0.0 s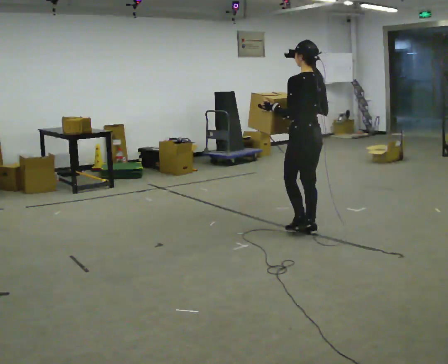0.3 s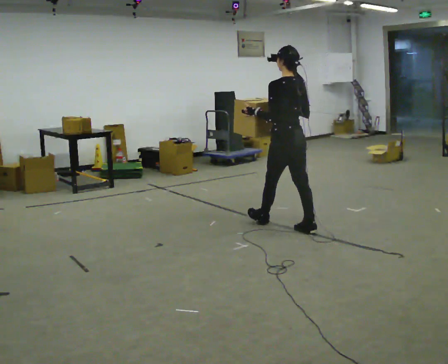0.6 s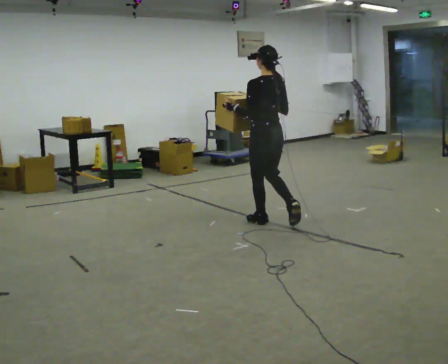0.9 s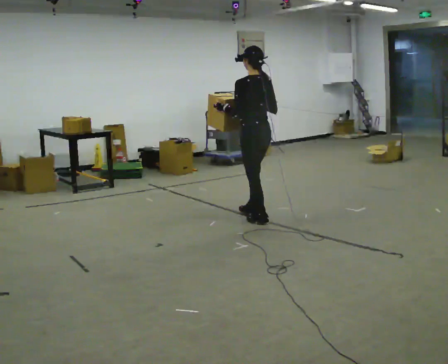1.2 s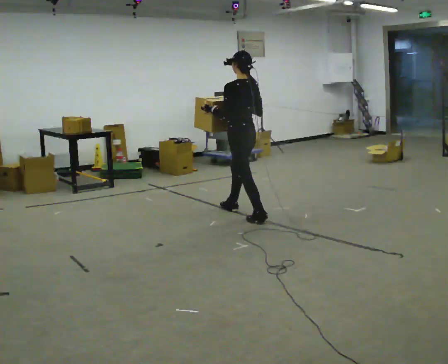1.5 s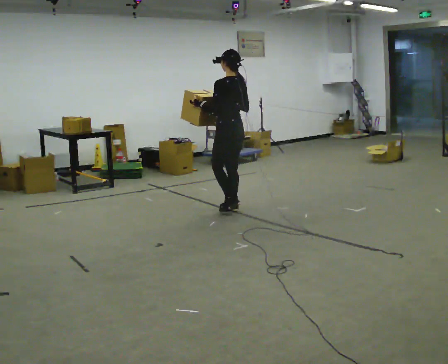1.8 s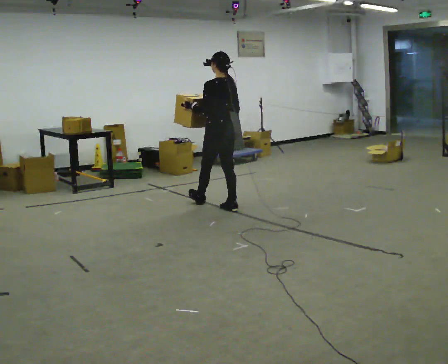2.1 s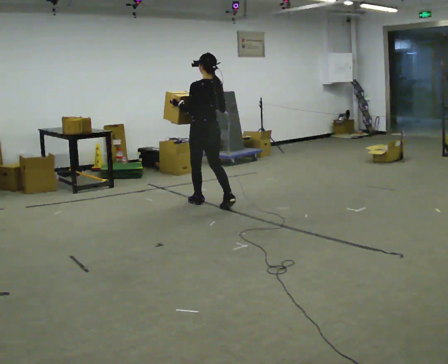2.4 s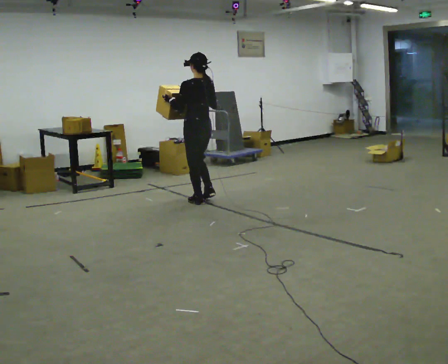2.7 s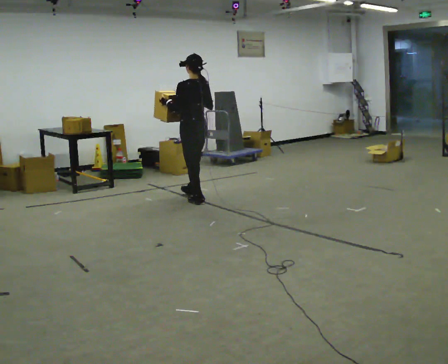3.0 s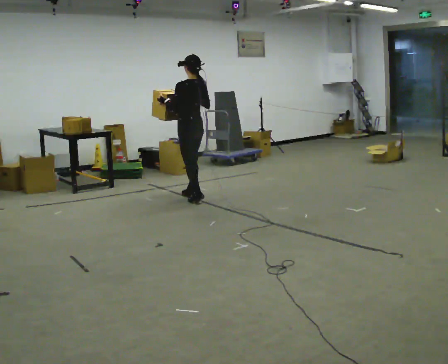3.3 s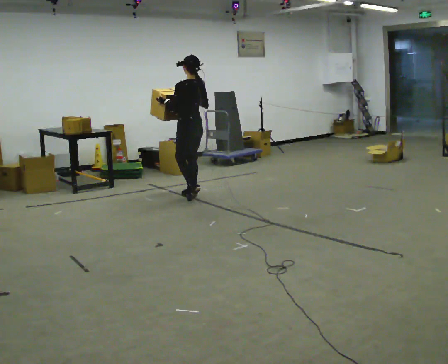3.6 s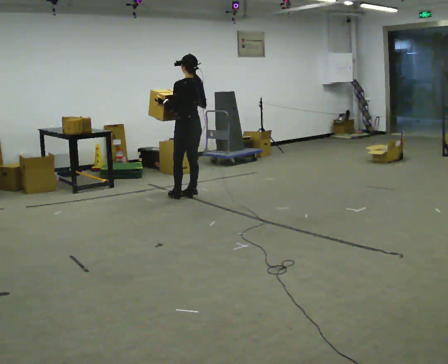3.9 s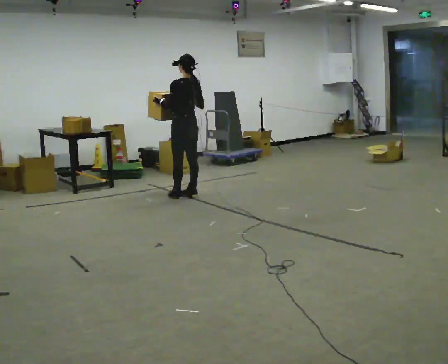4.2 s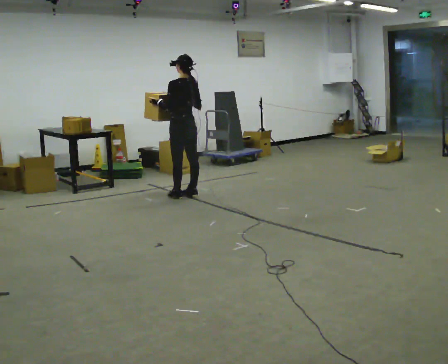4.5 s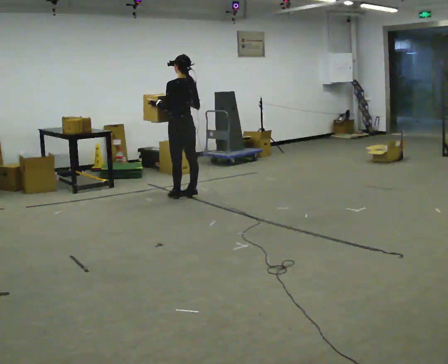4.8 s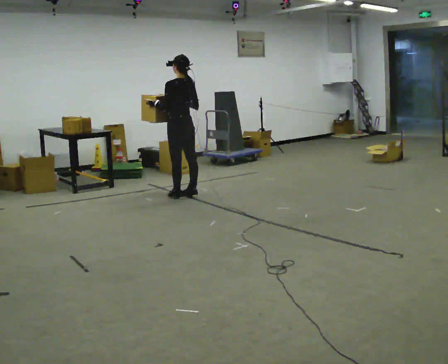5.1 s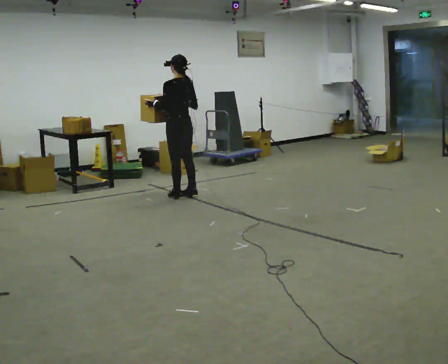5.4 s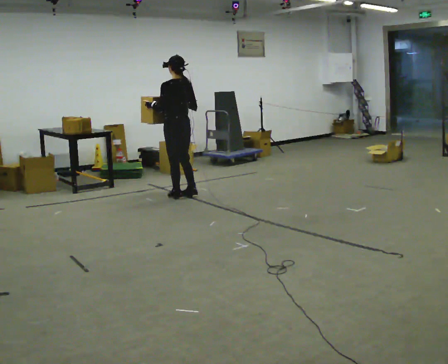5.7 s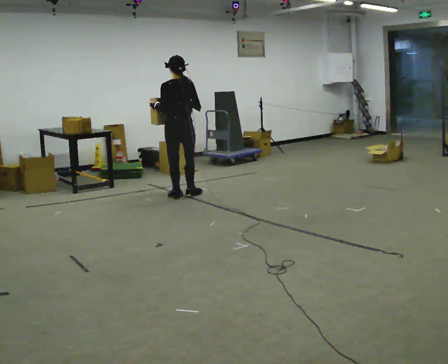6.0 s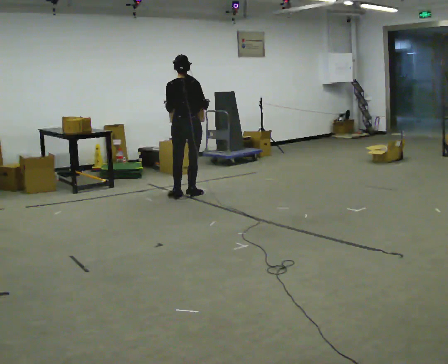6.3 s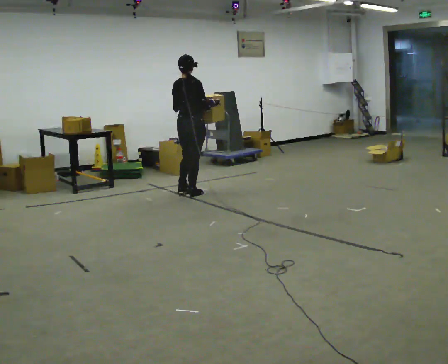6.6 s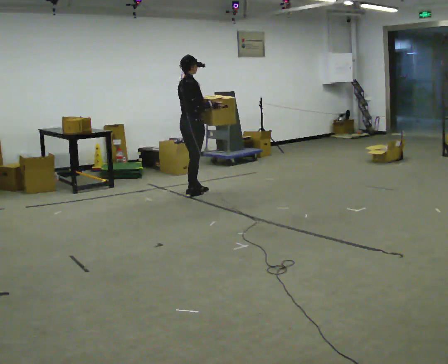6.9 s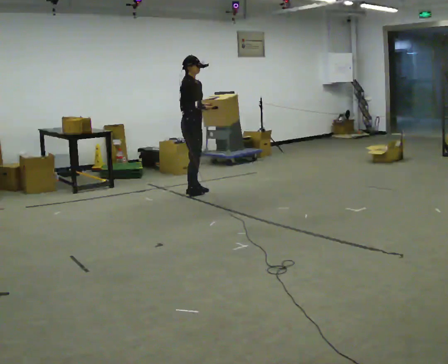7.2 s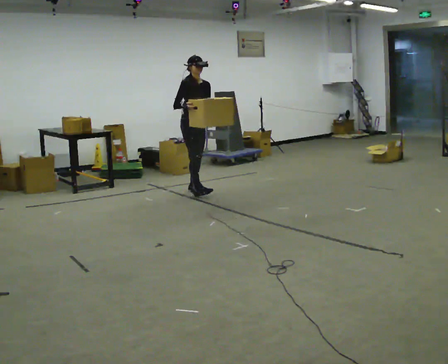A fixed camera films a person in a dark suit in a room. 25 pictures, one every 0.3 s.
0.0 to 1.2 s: In the picture they go away from the camera and to the left, about 1 m in 2 steps, which for them is forward.
1.2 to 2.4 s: In the picture they go away from the camera and to the left, about 0.75 m in 1 step, which for them is forward.
2.4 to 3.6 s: In the picture they go away from the camera, about 0.25 m in 2 steps, which for them is forward.
3.6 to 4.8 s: The person moves a little, or ends about where they began.
4.8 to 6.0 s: The part of the body nearest the lens slides to the left as the person turns to their right by about 45 degrees.
6.0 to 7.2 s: The person turns about 135 degrees to their right, clockwise seen from above, so the part of the body nearest the lens slides to the left. In the picture they go away from the camera, about 0.25 m in 1 step.
The film runs forward here.
